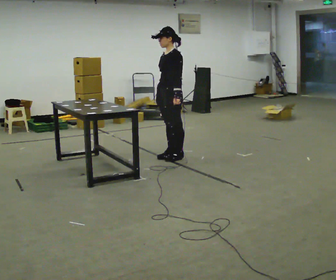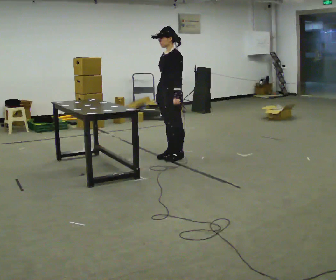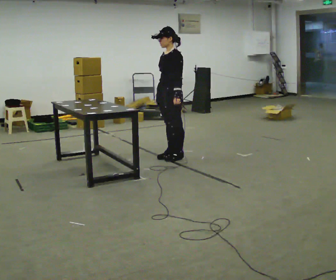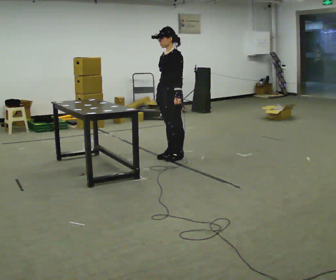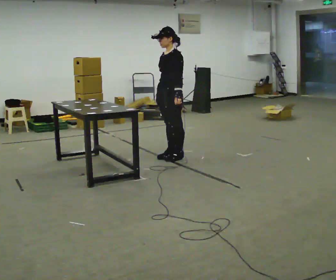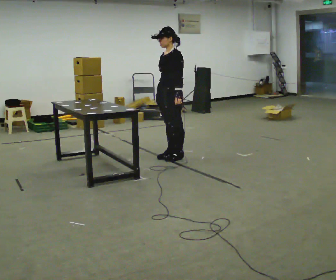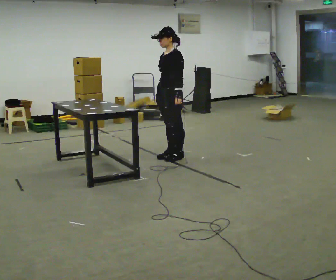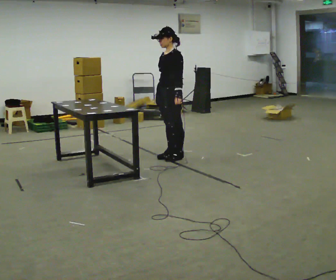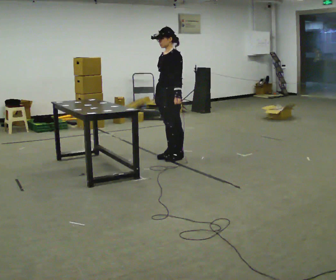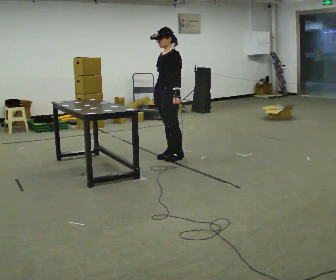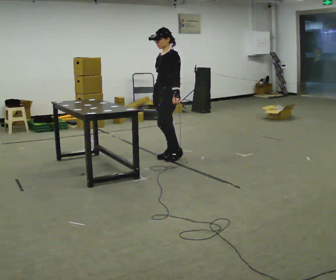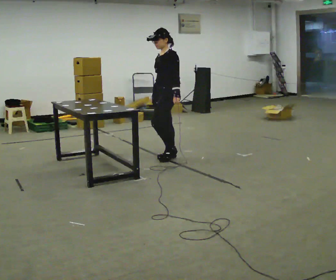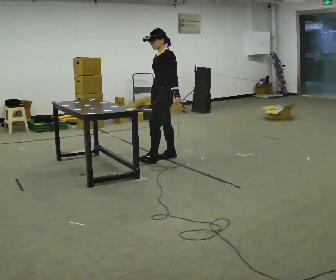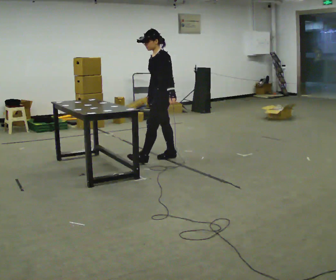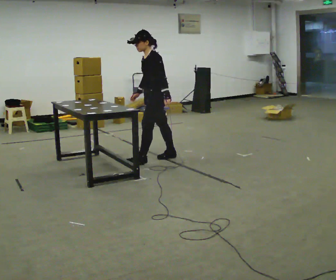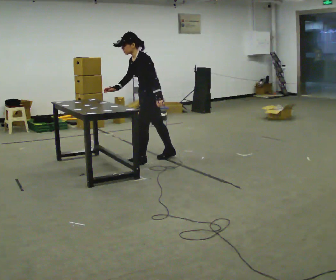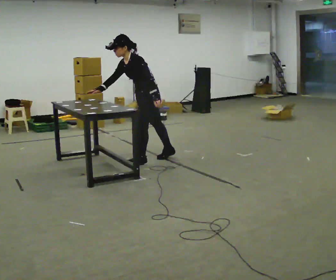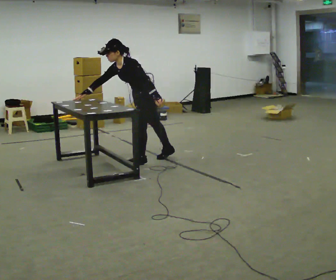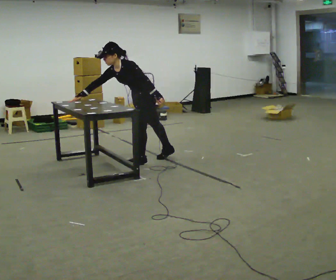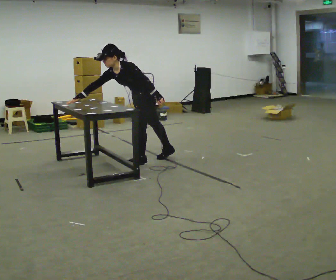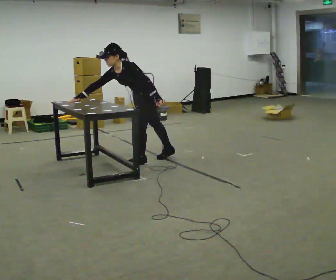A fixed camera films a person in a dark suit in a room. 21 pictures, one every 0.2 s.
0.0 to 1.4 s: The person keeps their place and pose.
1.4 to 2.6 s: The person moves a little, or ends about where they began.
2.6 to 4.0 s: In the picture they go to the left, about 0.25 m, which for them is forward. In the picture the upper body tilts counterclockwise, shoulders to the left, as they bend forward. In the picture their right hand goes to the left.
The film runs forward here.
